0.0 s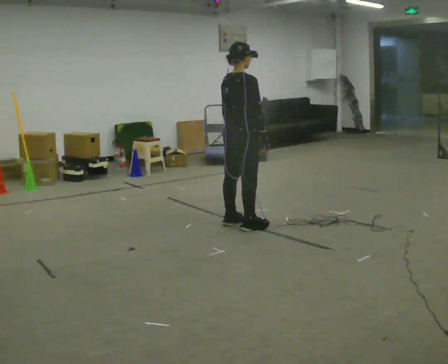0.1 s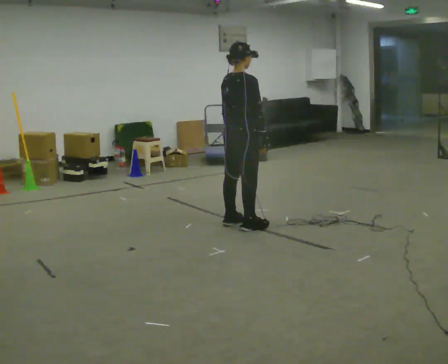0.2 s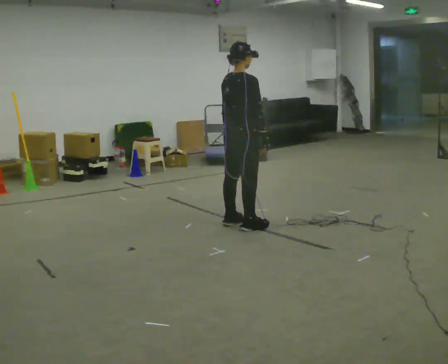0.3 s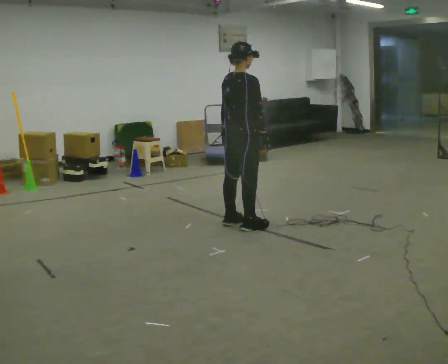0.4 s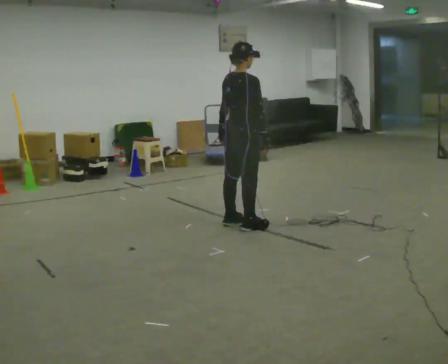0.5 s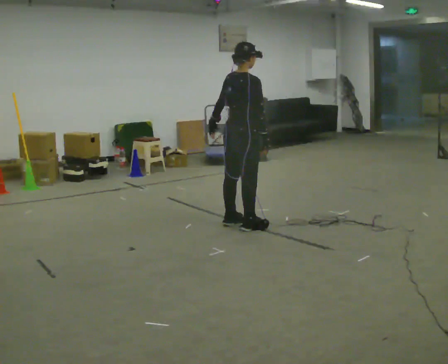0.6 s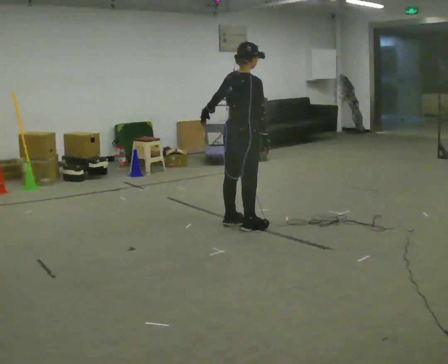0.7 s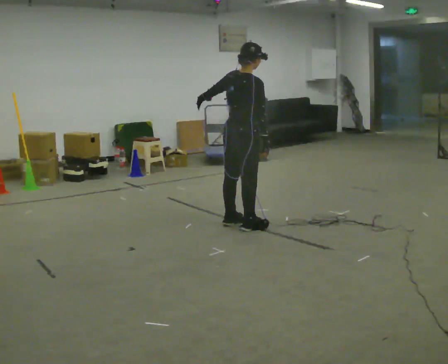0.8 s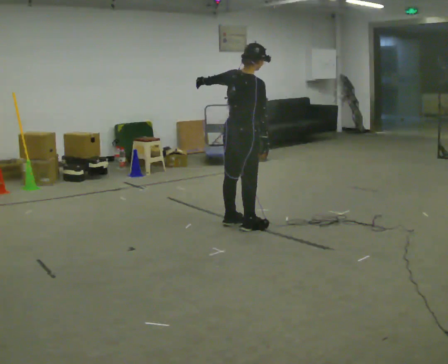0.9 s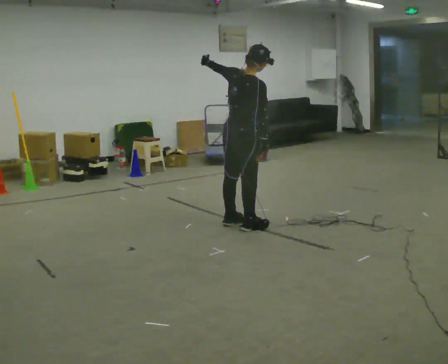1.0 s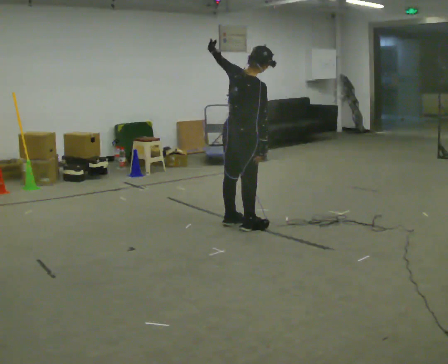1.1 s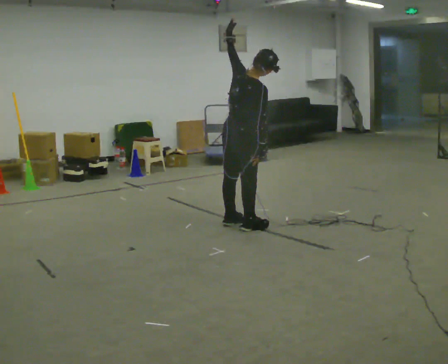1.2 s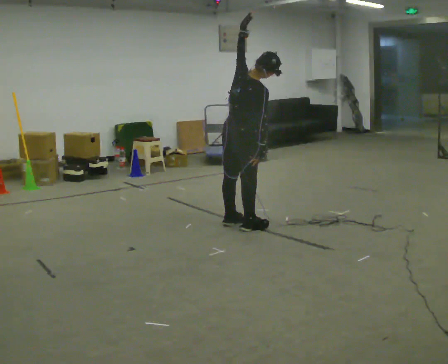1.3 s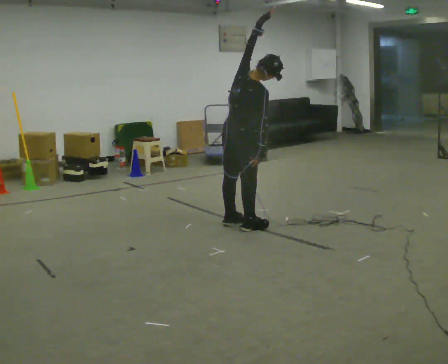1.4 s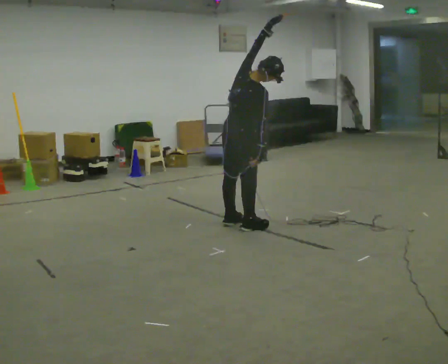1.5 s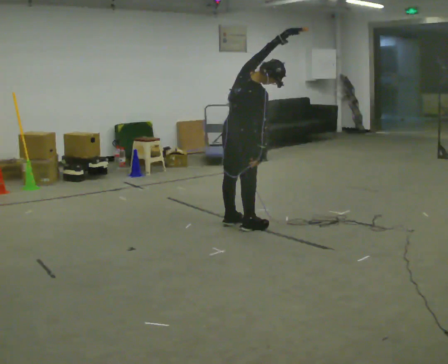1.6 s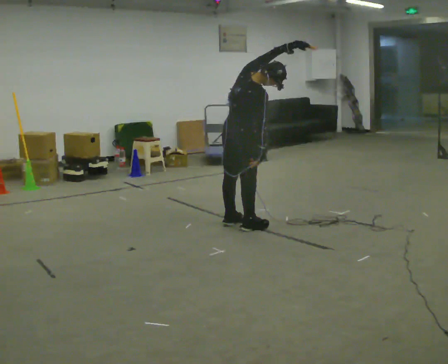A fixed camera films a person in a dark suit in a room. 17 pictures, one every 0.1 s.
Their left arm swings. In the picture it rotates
clockwise.
0.0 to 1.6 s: The upper body tips toward the camera, its near side rolling downward. In the picture their left hand goes upward and to the right, the arm swinging clockwise.
The film runs forward here.
